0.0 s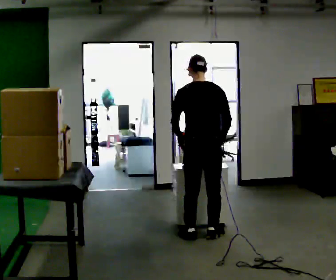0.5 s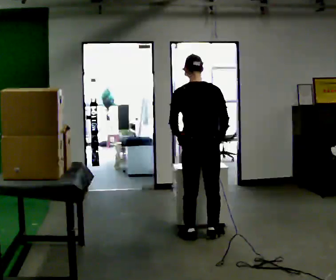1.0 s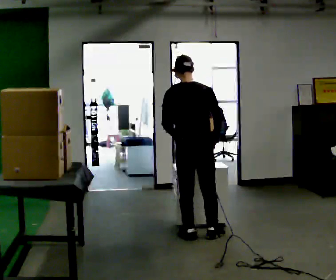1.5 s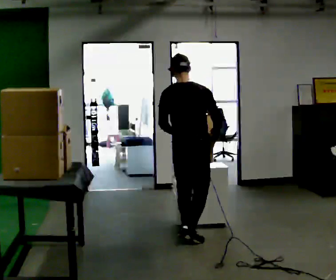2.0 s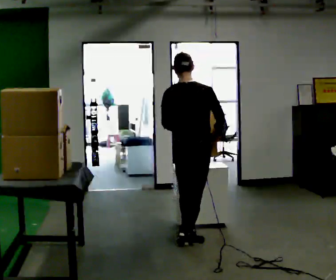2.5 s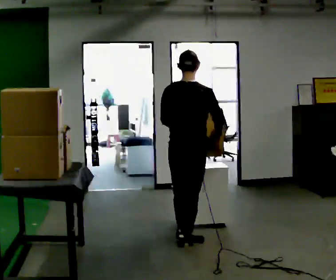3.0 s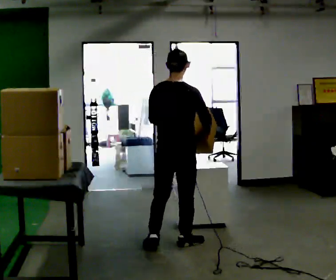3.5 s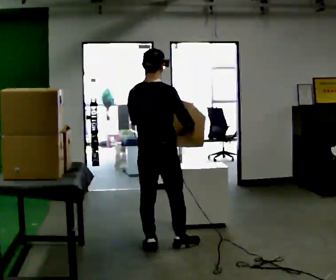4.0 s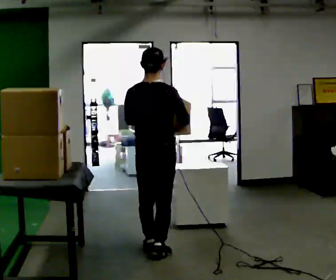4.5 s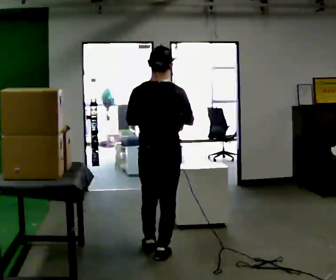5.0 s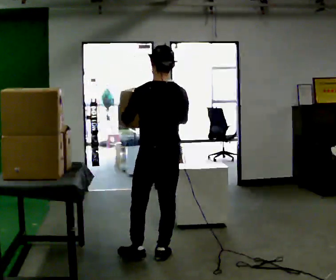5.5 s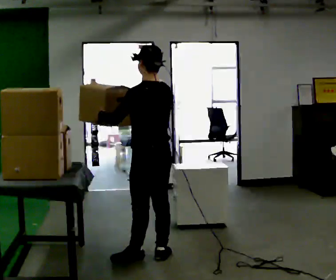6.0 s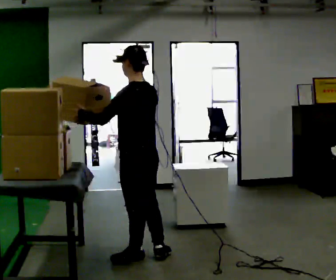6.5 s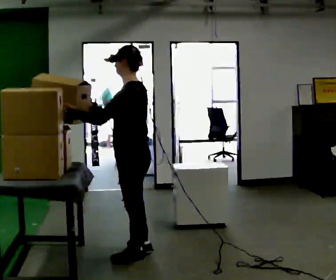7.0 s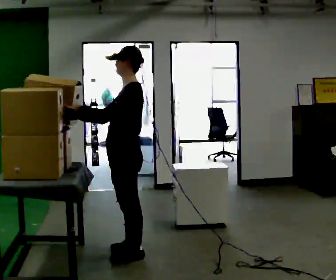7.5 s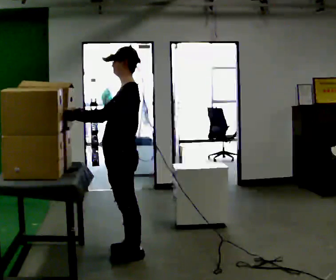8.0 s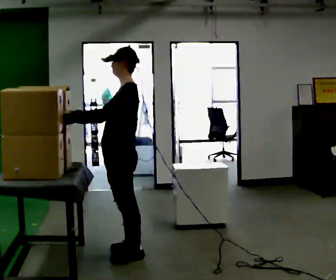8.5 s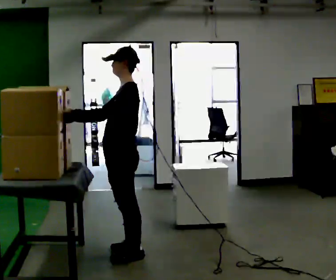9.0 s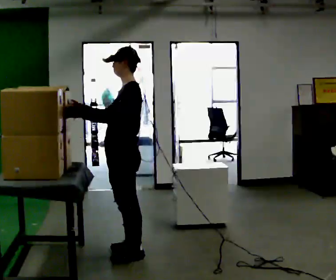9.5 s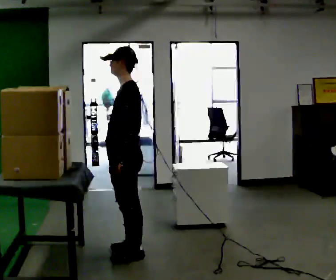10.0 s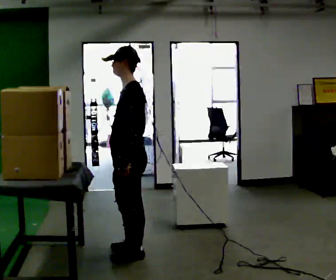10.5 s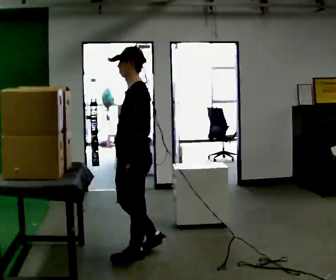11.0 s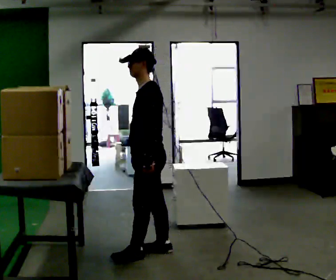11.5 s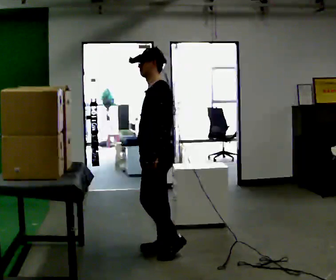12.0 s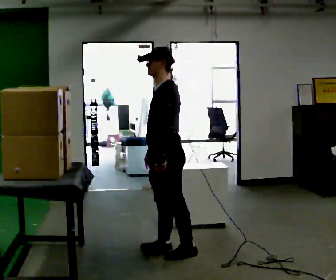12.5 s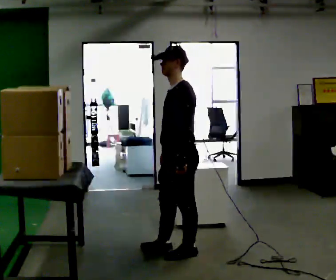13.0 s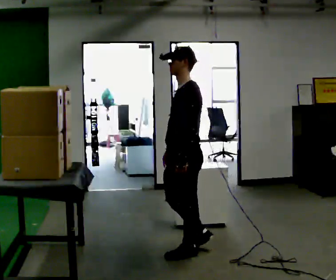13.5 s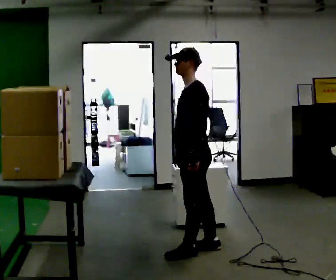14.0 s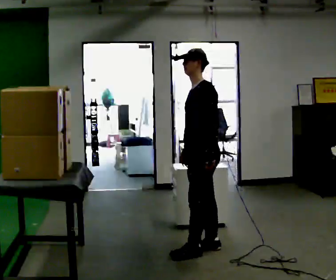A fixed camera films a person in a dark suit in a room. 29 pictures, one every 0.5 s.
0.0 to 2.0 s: In the picture they go toward the camera, about 0.25 m in 1 step, which for them is backward.
2.0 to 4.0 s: In the picture they go to the left and toward the camera, about 0.5 m in 2 steps, which for them is backward and to their left.
4.0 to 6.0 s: Seen from above the body turns counterclockwise, about 75 degrees: to their left, with its near side sliding to the right. In the picture they go toward the camera, about 0.25 m in 1 step.
6.0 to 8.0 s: Seen from above the body turns counterclockwise, about 30 degrees: to their left, with its near side sliding to the right. In the picture their right hand goes to the left.
8.0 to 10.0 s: In the picture their right hand goes to the right and downward, the arm swinging counterclockwise.
10.0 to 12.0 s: In the picture they go to the right, about 0.25 m in 2 steps, which for them is backward.
12.0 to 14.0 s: In the picture they go to the right, about 0.25 m in 2 steps, which for them is backward.
The film runs backward here.
